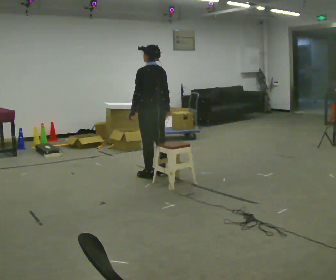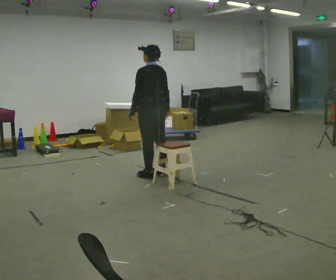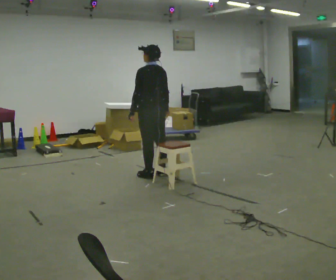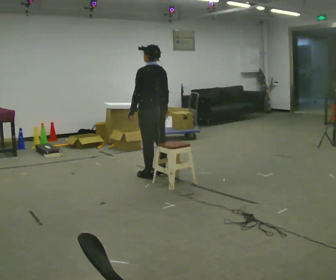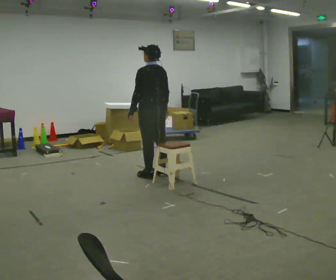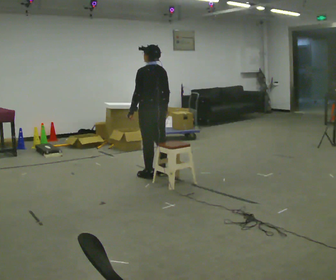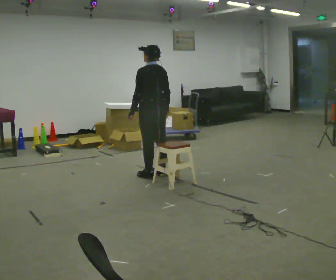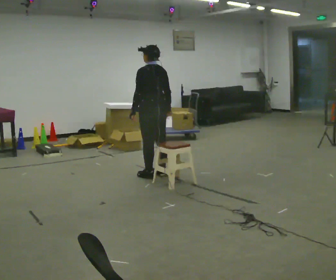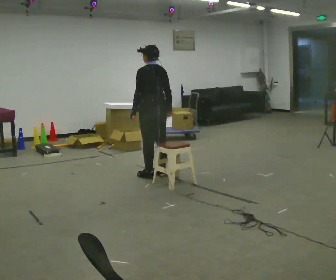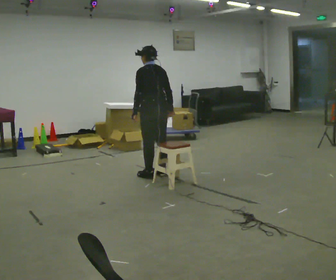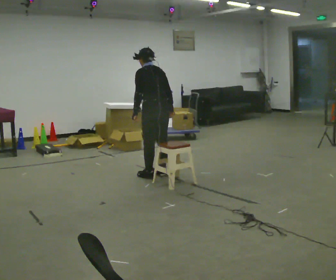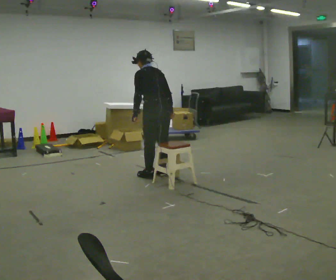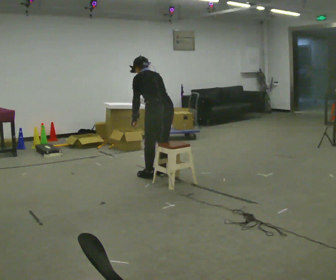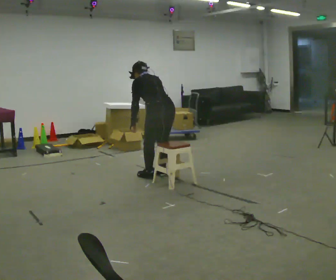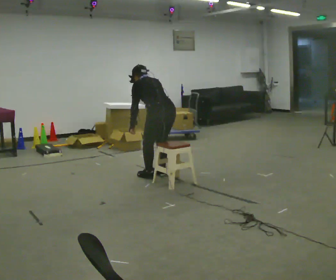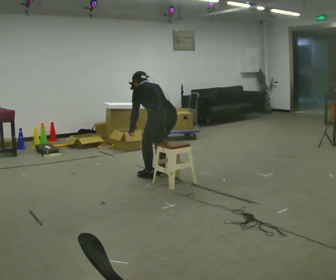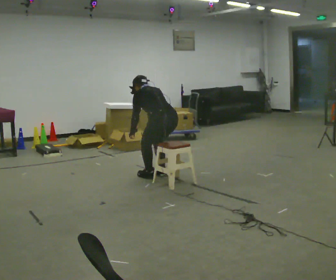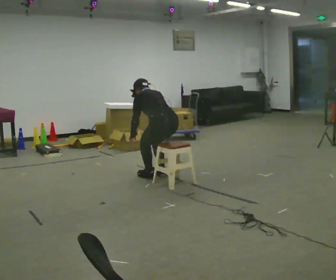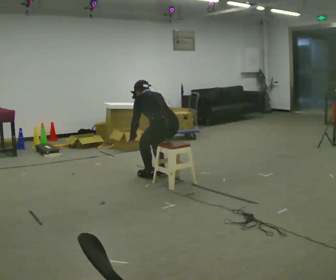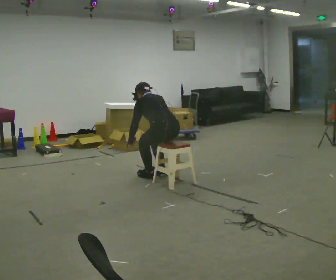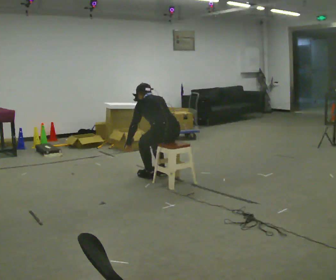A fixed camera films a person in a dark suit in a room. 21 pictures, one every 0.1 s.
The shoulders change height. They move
downward.
The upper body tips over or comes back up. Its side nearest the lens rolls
upward.
0.0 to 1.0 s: The upper body tips away from the camera, its near side rolling upward, as they bend forward.
1.0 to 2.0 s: In the picture they go toward the camera, about 0.25 m, which for them is backward. The upper body goes downward. The upper body tips away from the camera, its near side rolling upward, as they bend forward. In the picture their right hand goes downward.
The film runs forward here.
